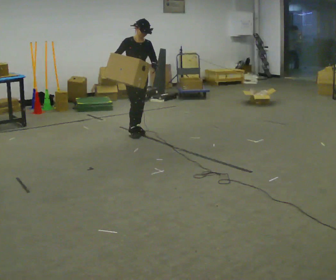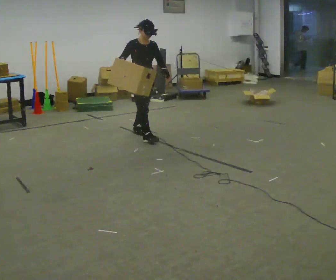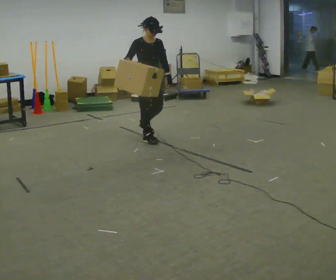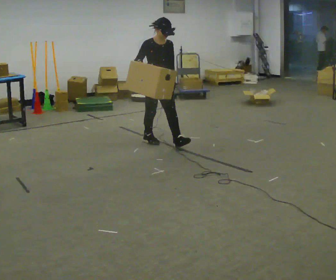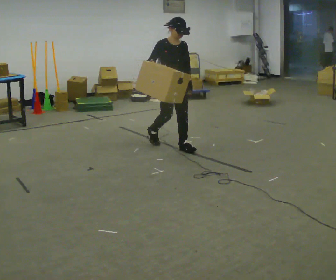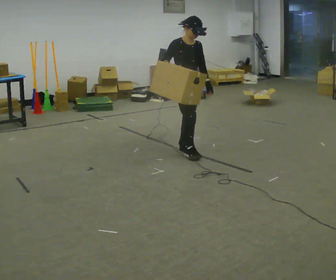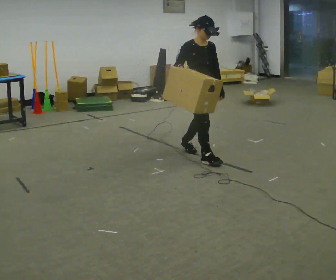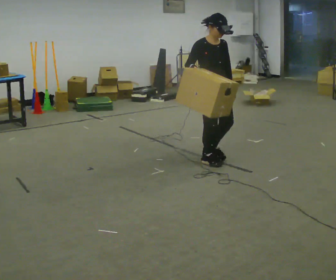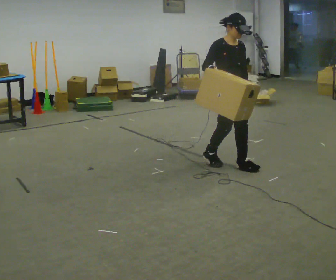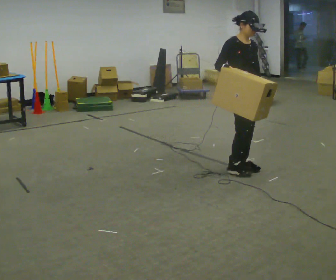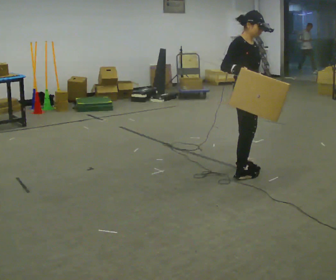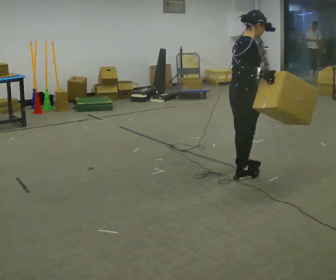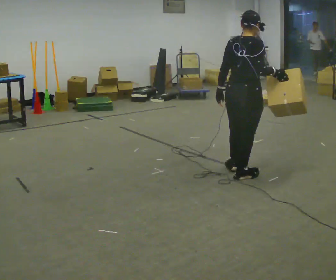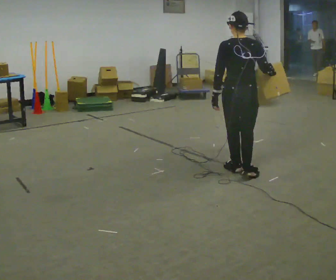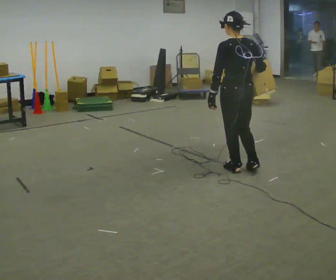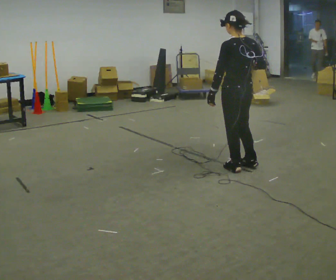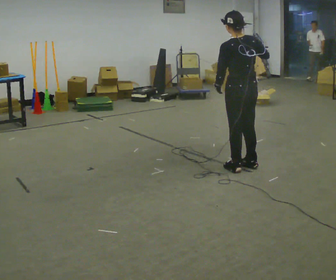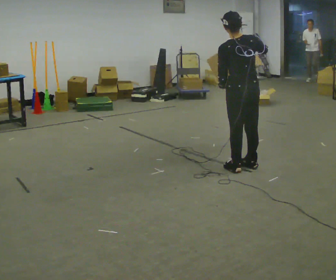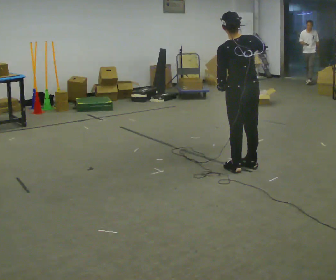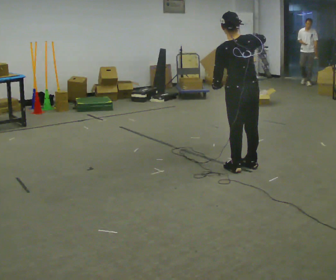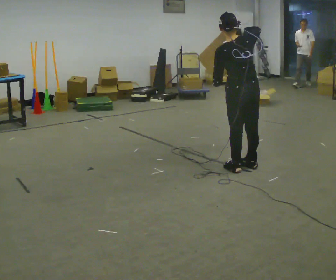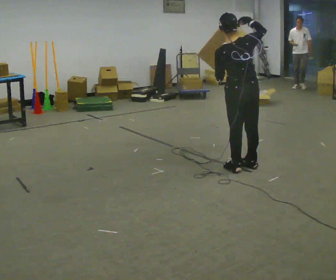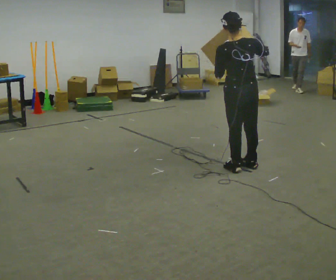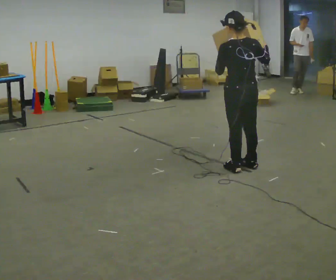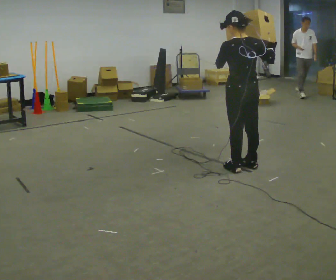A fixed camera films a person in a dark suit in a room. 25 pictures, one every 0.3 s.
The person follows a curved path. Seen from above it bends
counterclockwise.
0.0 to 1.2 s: In the picture they go toward the camera and to the right, about 1 m in 2 steps, which for them is forward.
1.2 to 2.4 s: In the picture they go to the right and toward the camera, about 1 m in 2 steps, which for them is forward.
2.4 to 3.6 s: The person turns about 105 degrees to their left, counterclockwise seen from above, so the part of the body nearest the lens slides to the right. In the picture they go toward the camera, about 0.25 m in 1 step.
3.6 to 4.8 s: The part of the body nearest the lens slides to the right as the person turns to their left by about 60 degrees. In the picture they go away from the camera, about 0.25 m in 1 step.
4.8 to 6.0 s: The person moves a little, or ends about where they began.
6.0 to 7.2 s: In the picture their right hand goes to the right.
The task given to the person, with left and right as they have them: Carry the box and, while walking, shift it to a different hold: front, then hip, then shoulder, then back to front. Do not stop walking.
The film runs forward here.
